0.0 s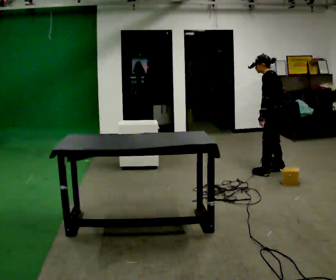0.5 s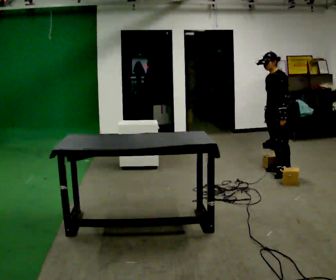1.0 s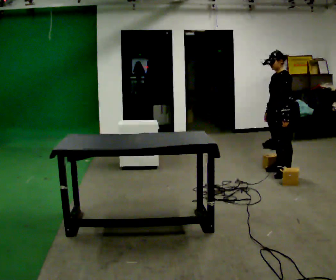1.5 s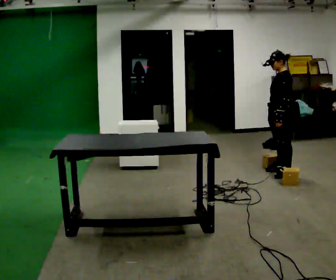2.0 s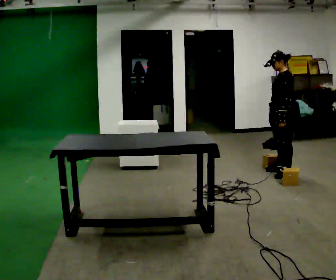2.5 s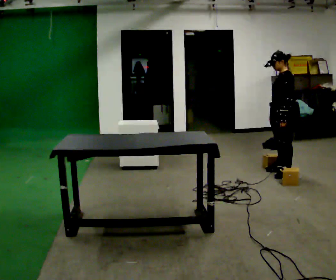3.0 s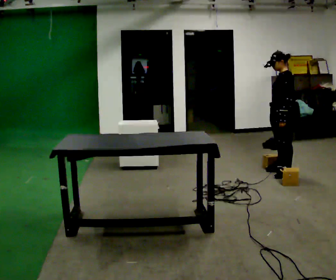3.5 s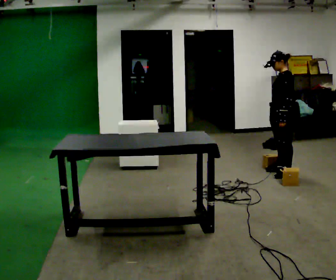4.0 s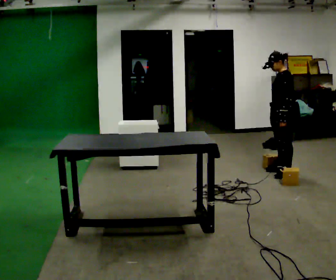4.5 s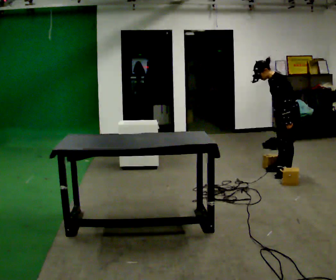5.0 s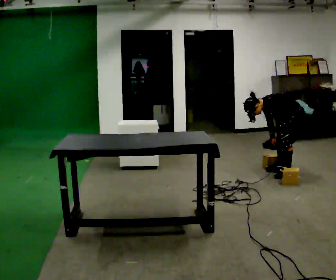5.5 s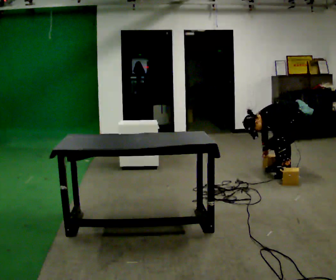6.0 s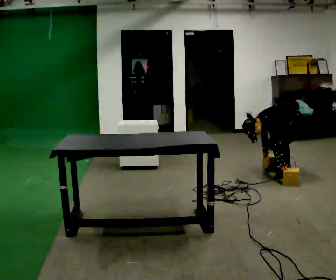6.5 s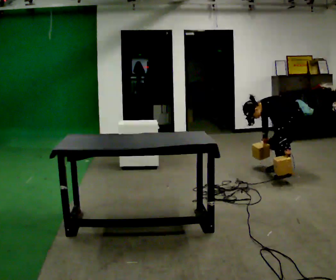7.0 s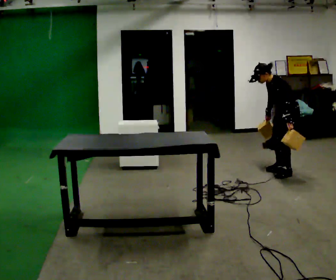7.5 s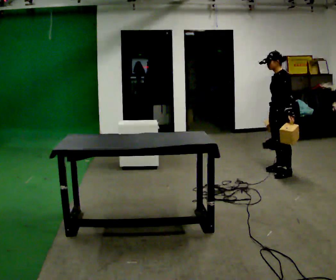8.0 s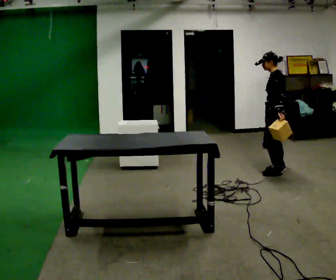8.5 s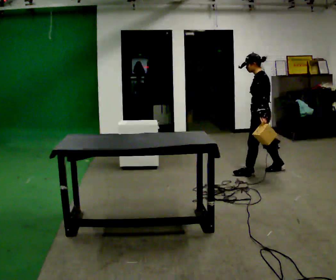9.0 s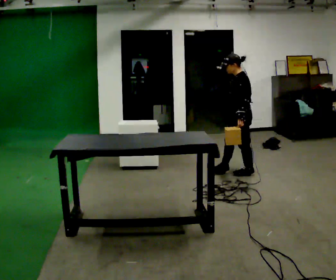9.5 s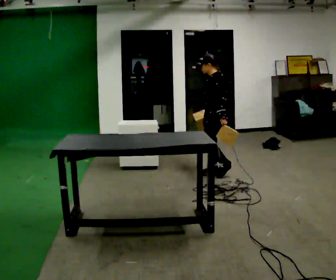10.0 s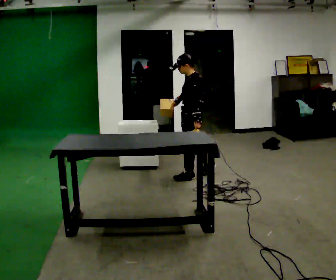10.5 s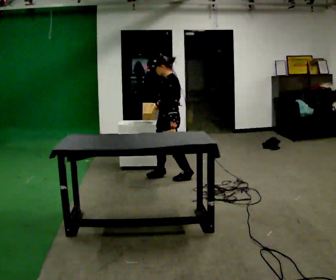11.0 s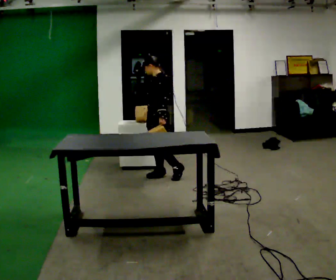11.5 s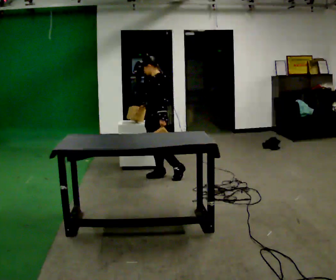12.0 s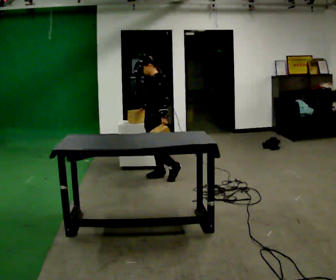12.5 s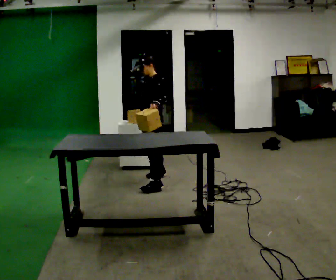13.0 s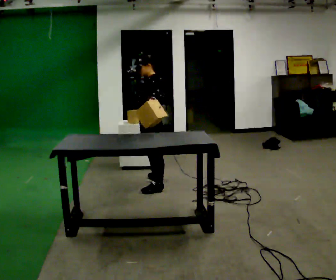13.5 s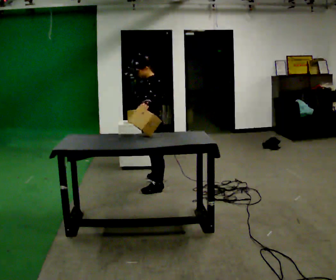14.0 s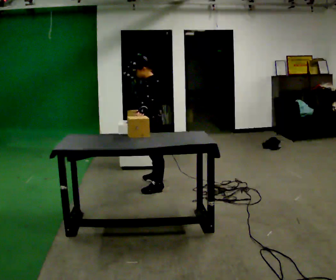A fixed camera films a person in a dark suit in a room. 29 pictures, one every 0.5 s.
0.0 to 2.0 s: In the picture the upper body tilts clockwise, shoulders to the right, as they lean back or straighten.
2.0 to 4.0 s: The person keeps their place and pose.
4.0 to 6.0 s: The upper body goes downward. In the picture the upper body tilts counterclockwise, shoulders to the left, as they bend forward. In the picture their left hand goes downward.
6.0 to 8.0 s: In the picture they go to the left, about 0.25 m, which for them is forward. The shoulders move upward. In the picture the upper body tilts clockwise, shoulders to the right, as they lean back or straighten. In the picture their left hand goes upward.
8.0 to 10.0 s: In the picture they go to the left and toward the camera, about 1 m in 3 steps, which for them is forward.
10.0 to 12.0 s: In the picture they go to the left and toward the camera, about 0.5 m in 2 steps, which for them is forward and to their right.
12.0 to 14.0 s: In the picture they go toward the camera and to the right, about 0.5 m in 2 steps, which for them is to their left.
The film runs forward here.
